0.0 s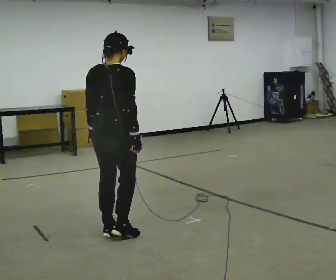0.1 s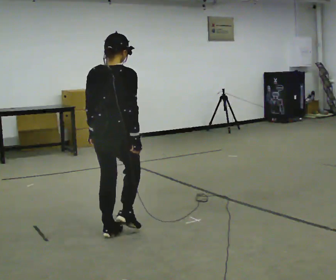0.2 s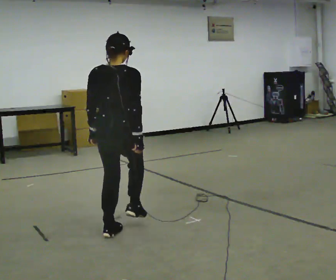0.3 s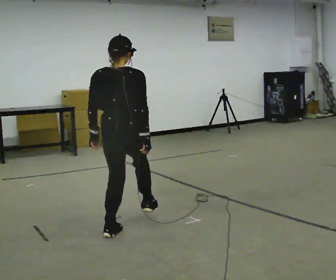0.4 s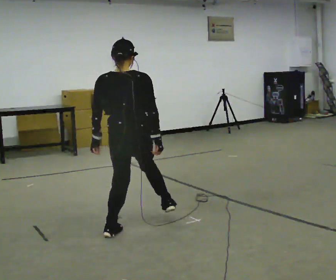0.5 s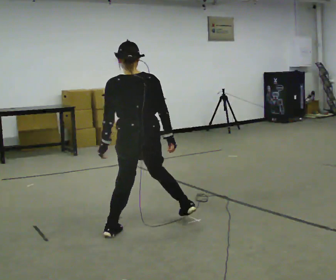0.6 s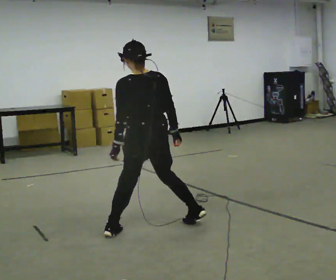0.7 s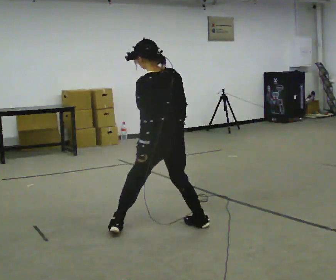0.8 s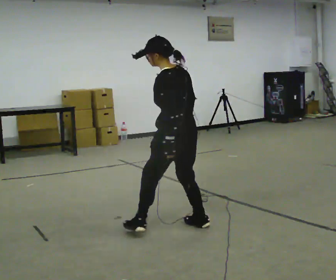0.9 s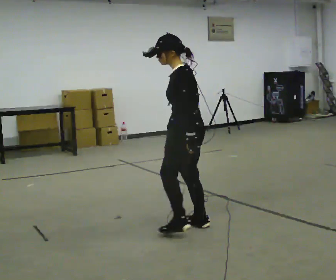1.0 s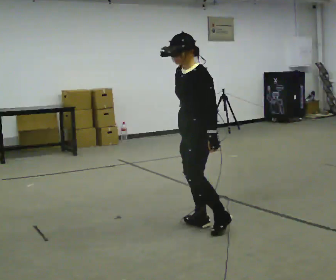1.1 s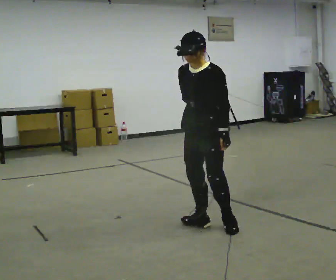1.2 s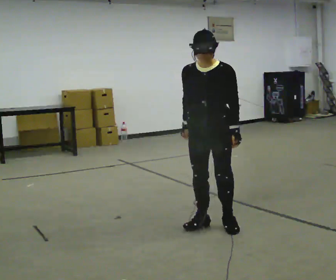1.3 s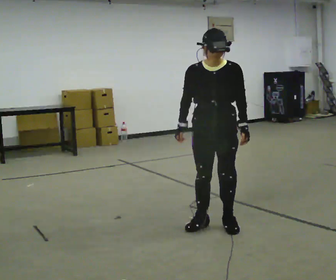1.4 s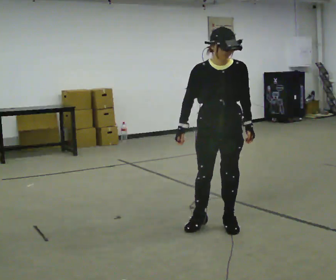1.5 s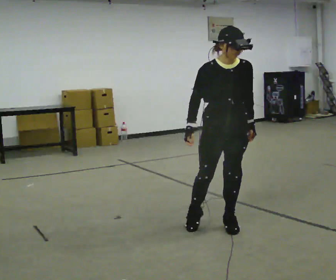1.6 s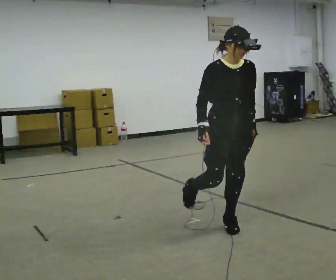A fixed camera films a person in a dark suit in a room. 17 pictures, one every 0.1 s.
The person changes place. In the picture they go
to the right.
The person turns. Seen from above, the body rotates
counterclockwise.
0.0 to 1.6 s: The person turns about 225 degrees to their left, counterclockwise seen from above, so the part of the body nearest the lens slides to the right. In the picture they go to the right, about 1 m in 2 steps.
The film runs forward here.
